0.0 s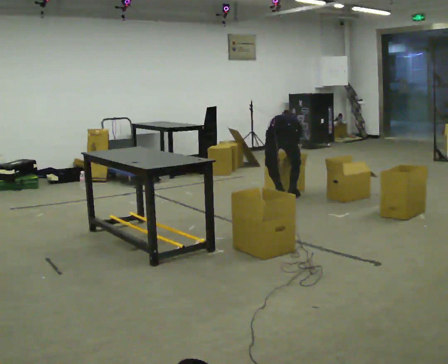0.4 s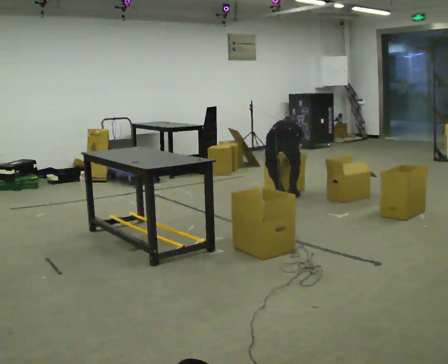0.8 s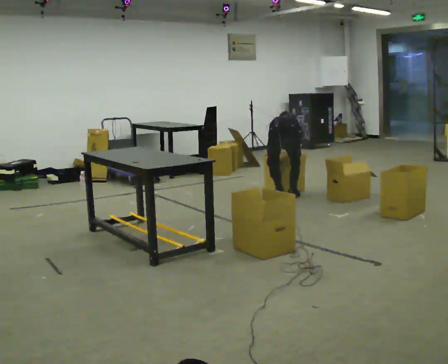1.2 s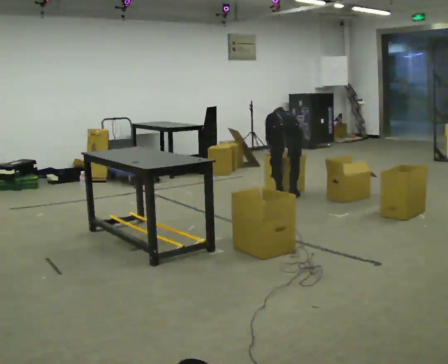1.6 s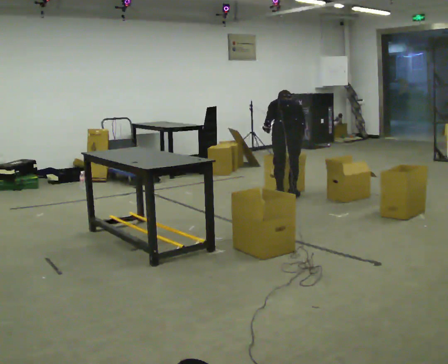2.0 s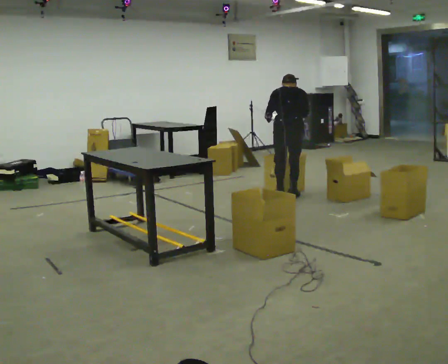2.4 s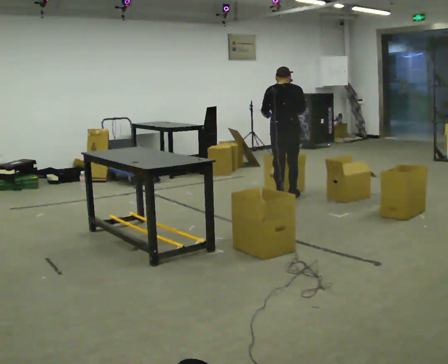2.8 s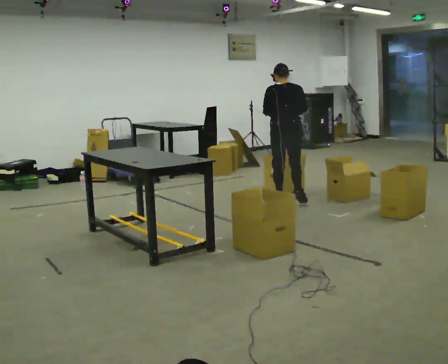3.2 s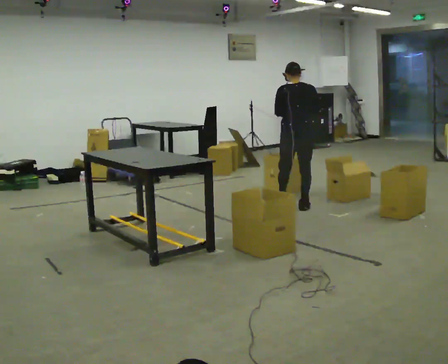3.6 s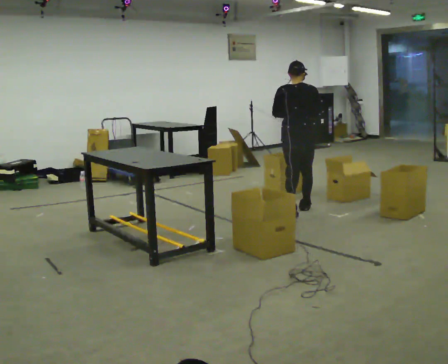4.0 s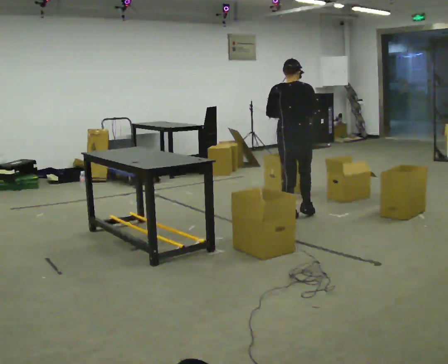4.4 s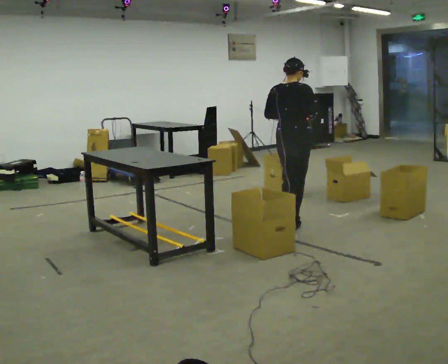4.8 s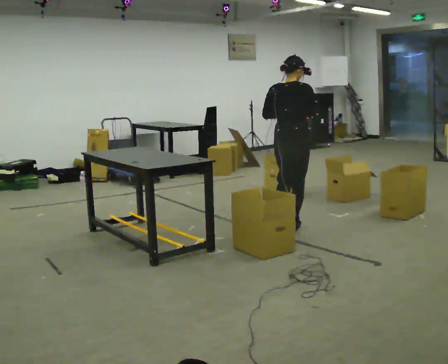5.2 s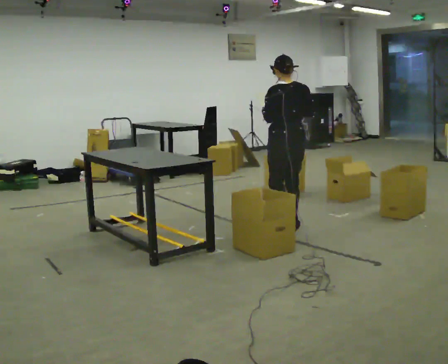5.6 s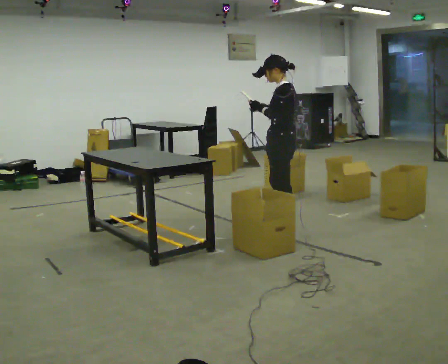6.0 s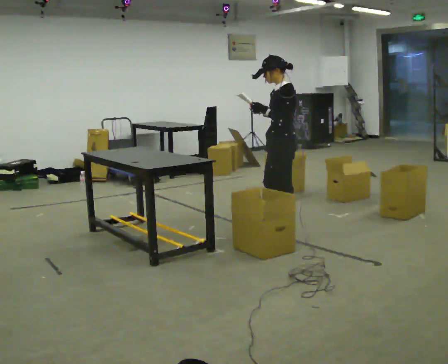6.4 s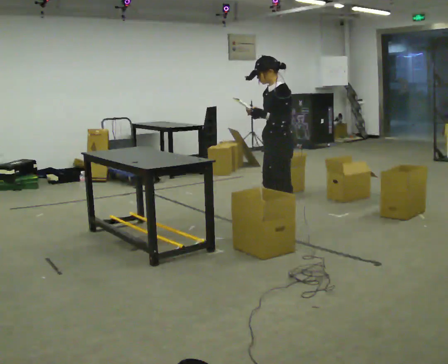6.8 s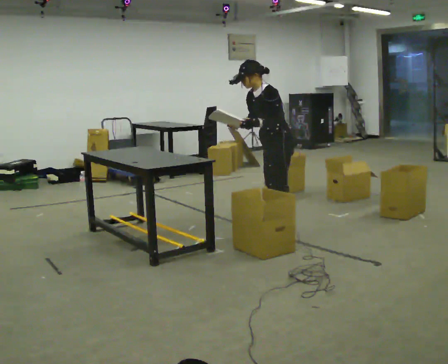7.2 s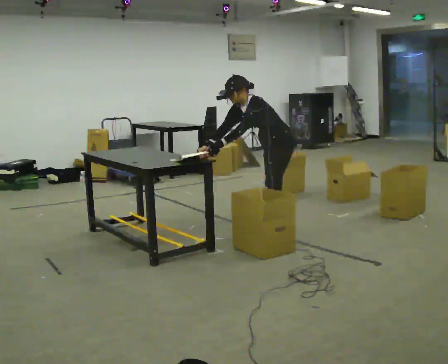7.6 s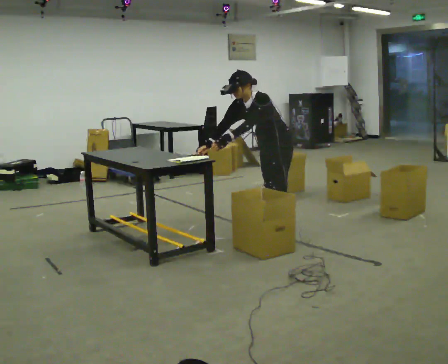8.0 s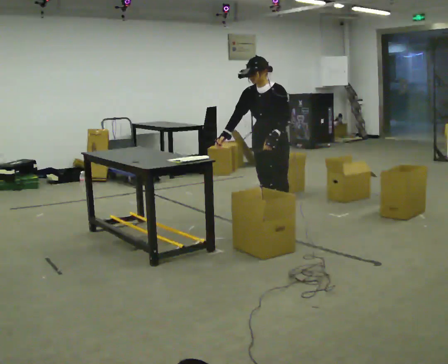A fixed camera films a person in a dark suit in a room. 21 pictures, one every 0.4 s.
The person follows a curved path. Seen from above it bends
clockwise.
0.0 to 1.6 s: In the picture their left hand goes upward.
1.6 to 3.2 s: In the picture they go toward the camera, about 0.25 m in 3 steps, which for them is backward. The upper body goes upward. The upper body tips toward the camera, its near side rolling downward, as they lean back or straighten.
3.2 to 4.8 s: Seen from above the body turns clockwise, about 30 degrees: to their right, with its near side sliding to the left. In the picture they go toward the camera, about 1 m in 2 steps, which for them is backward.
4.8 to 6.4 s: The person turns about 120 degrees to their left, counterclockwise seen from above, so the part of the body nearest the lens slides to the right.
6.4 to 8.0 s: The part of the body nearest the lens slides to the right as the person turns to their left by about 45 degrees.
The film runs backward here.
